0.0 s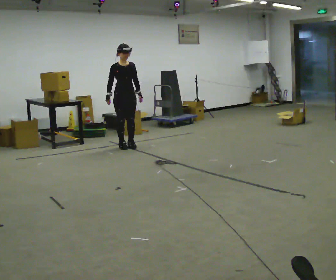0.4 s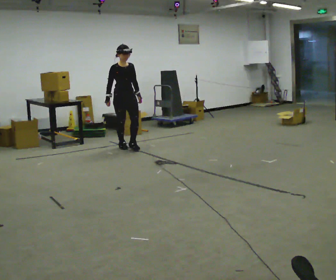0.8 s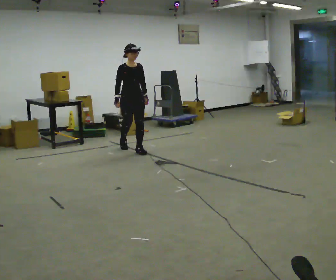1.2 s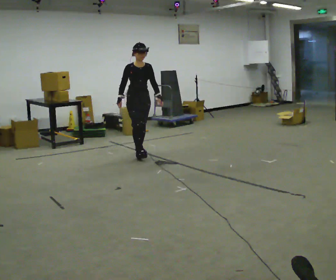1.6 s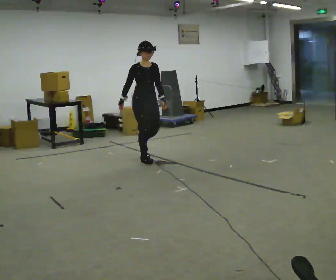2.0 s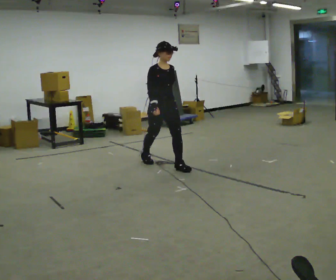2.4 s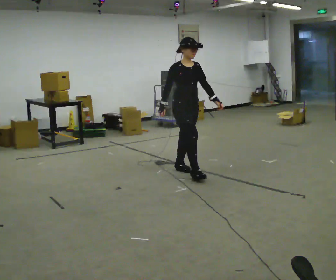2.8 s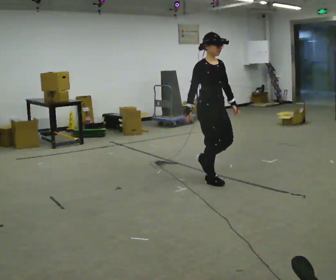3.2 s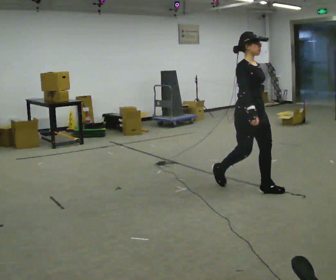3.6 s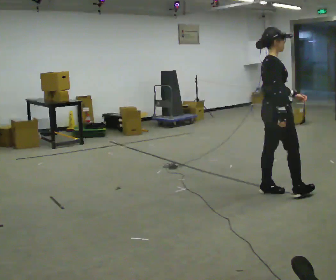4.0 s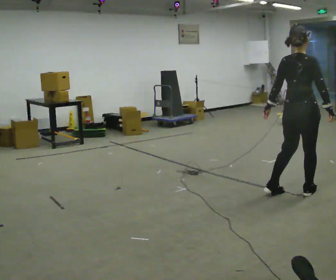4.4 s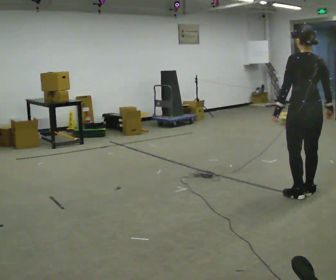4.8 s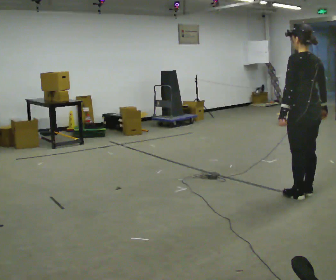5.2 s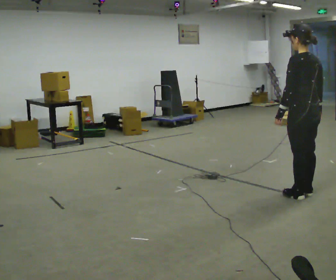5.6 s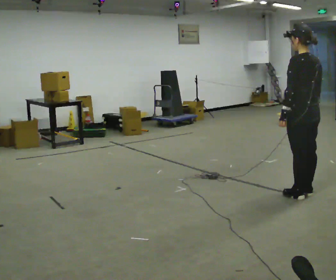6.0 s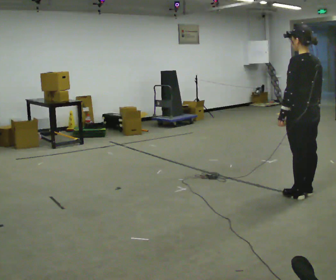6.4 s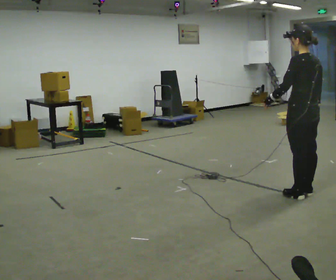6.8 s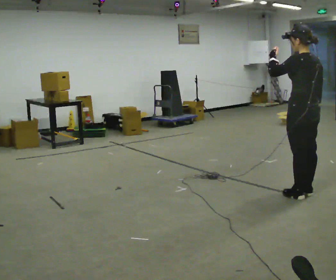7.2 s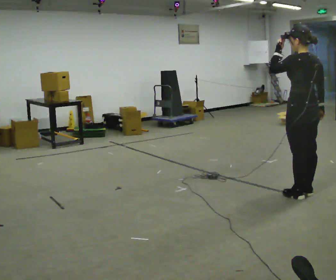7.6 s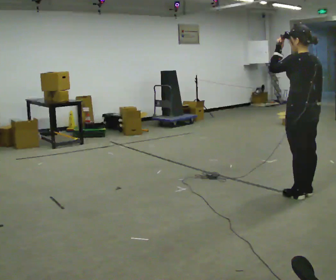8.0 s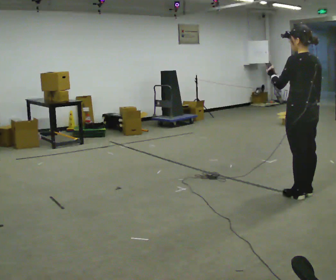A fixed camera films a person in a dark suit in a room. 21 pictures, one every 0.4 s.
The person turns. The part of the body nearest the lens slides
to the right.
The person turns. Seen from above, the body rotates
counterclockwise.
0.0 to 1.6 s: In the picture they go toward the camera and to the right, about 1 m in 2 steps, which for them is forward.
1.6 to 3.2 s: In the picture they go to the right and toward the camera, about 2 m in 3 steps, which for them is forward.
3.2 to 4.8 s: Seen from above the body turns counterclockwise, about 165 degrees: to their left, with its near side sliding to the right. In the picture they go to the right and toward the camera, about 0.5 m in 2 steps.
4.8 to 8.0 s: The person moves a little, or ends about where they began.
The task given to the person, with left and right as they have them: Start still; gradually go slow → normal → fast; briefly maintain fast speed; stop.
The film runs forward here.
